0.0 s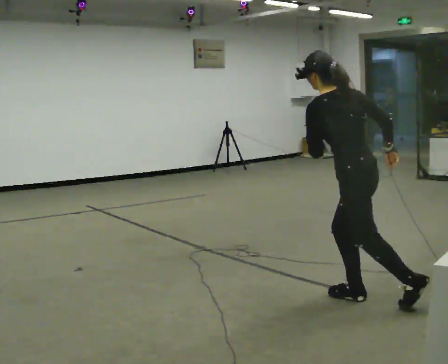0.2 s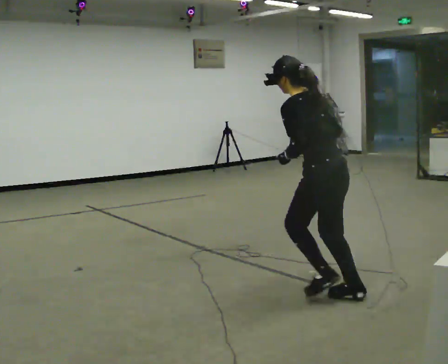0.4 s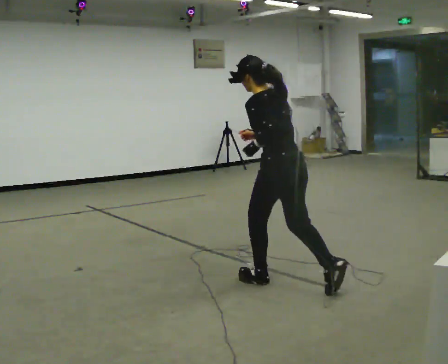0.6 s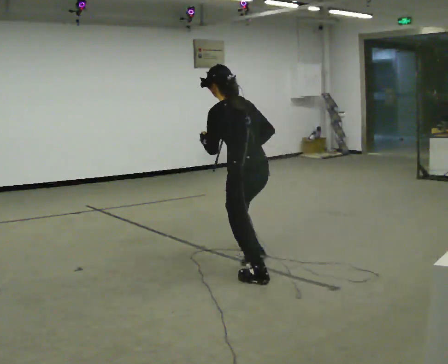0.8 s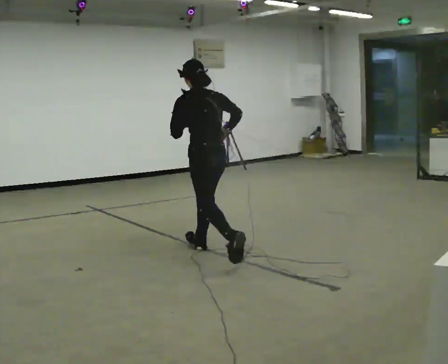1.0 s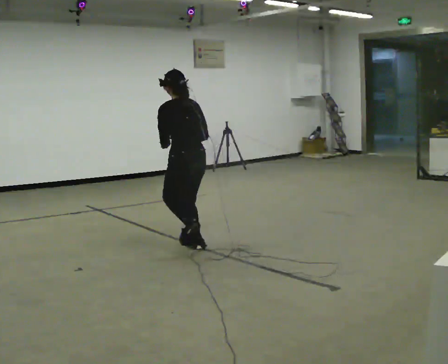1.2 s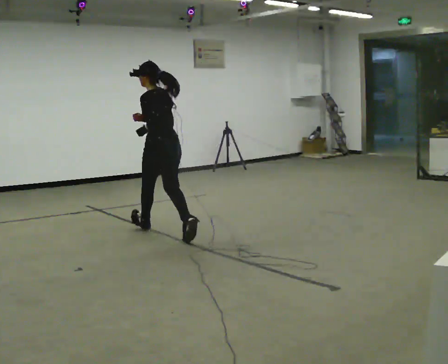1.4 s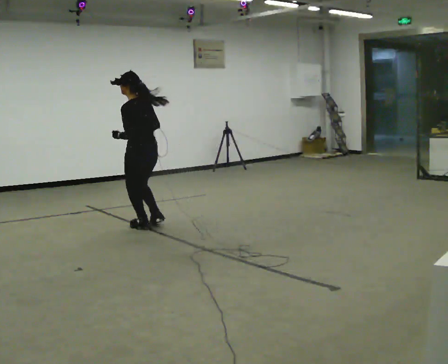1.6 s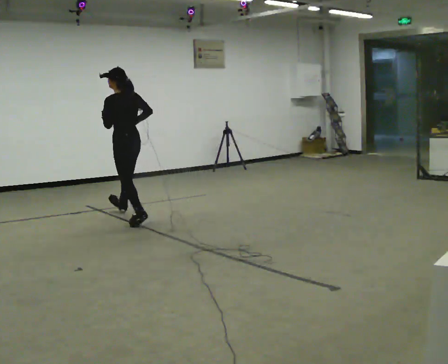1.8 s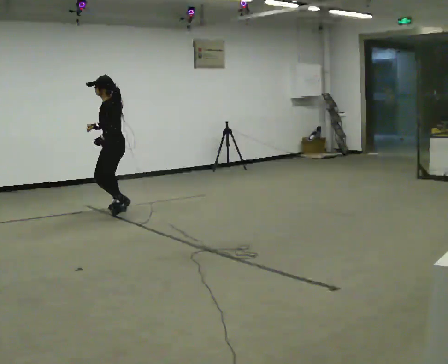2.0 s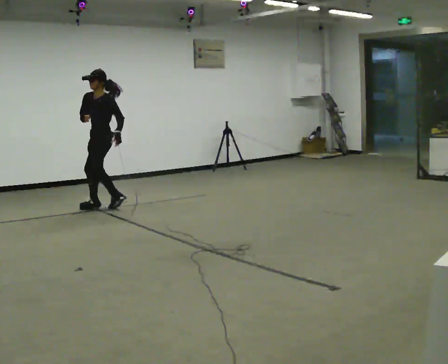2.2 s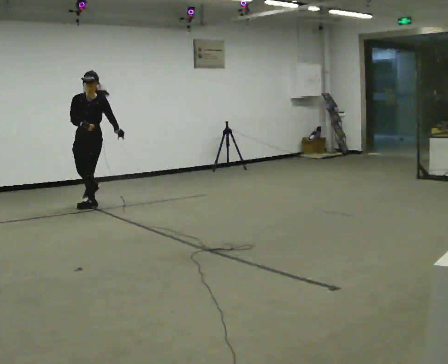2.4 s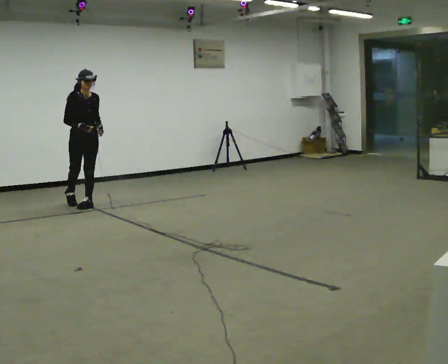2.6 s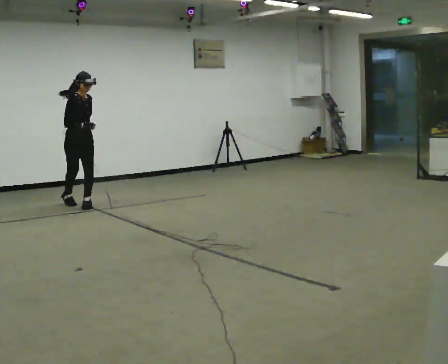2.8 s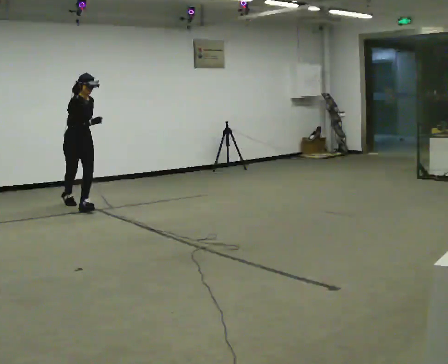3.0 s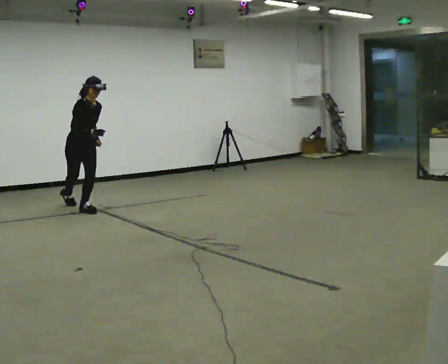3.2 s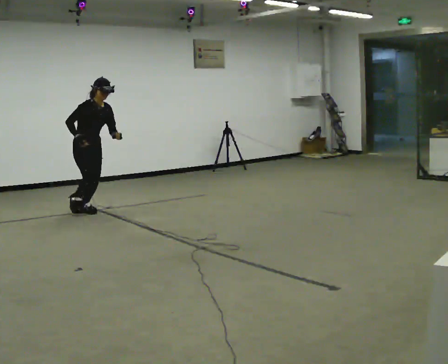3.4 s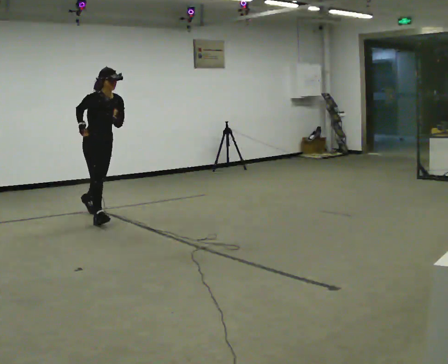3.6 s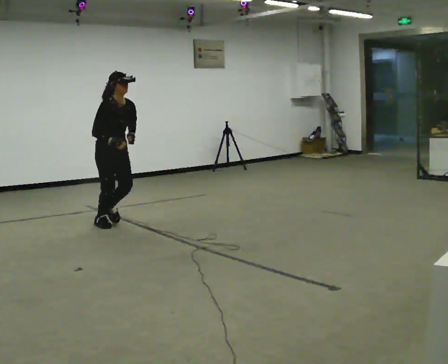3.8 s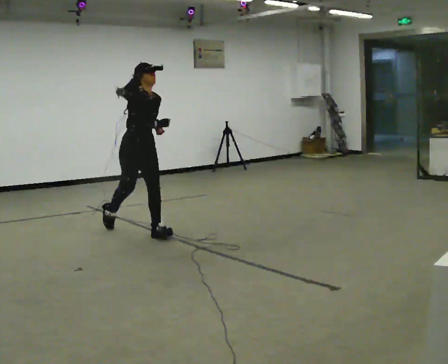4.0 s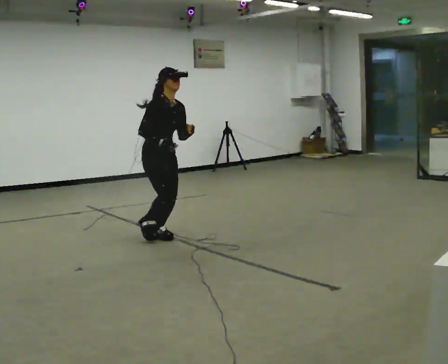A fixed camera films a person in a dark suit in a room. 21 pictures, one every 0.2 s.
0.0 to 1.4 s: In the picture they go away from the camera and to the left, about 2.5 m in 3 steps, which for them is forward.
1.4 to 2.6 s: The part of the body nearest the lens slides to the right as the person turns to their left by about 180 degrees. In the picture they go away from the camera and to the left, about 1.5 m in 3 steps. The upper body tips toward the camera, its near side rolling downward.
2.6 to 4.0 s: In the picture they go toward the camera and to the right, about 2 m in 3 steps, which for them is forward.
The film runs forward here.
